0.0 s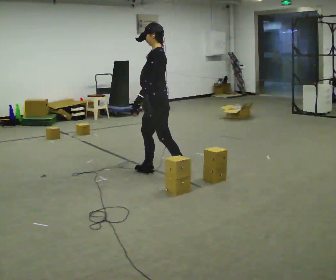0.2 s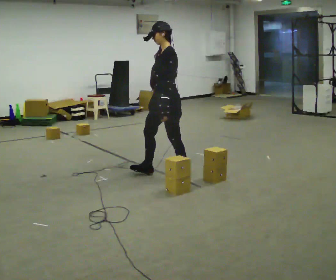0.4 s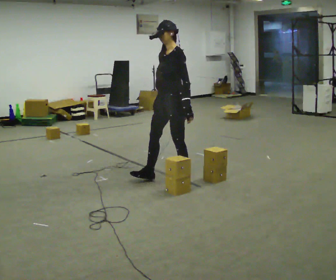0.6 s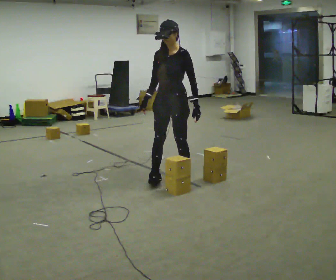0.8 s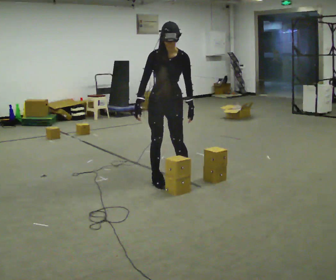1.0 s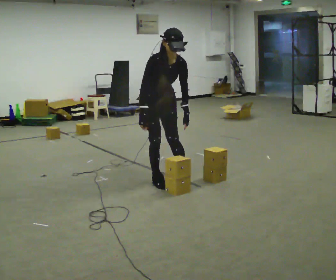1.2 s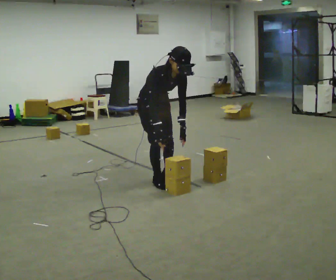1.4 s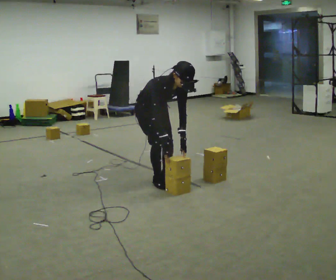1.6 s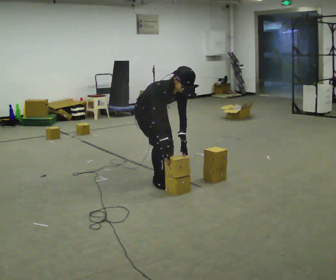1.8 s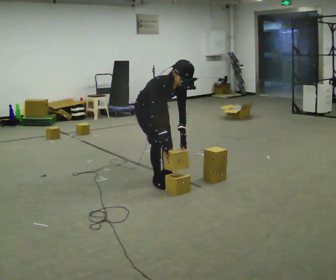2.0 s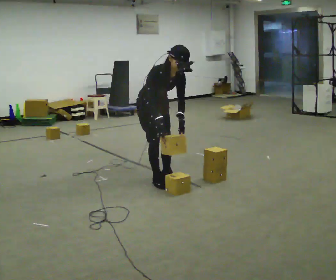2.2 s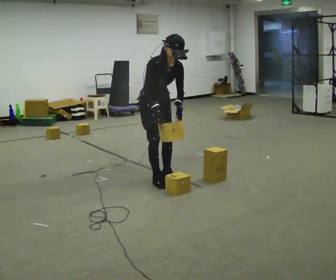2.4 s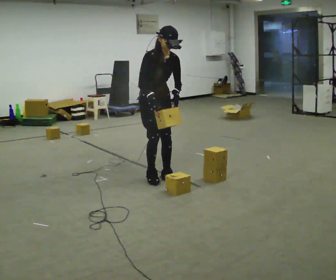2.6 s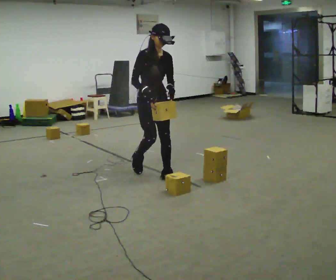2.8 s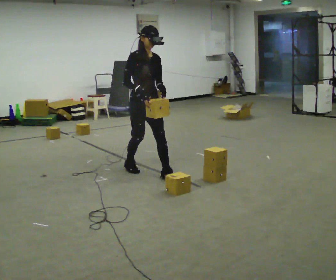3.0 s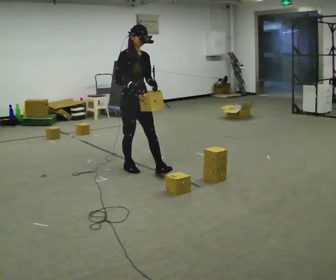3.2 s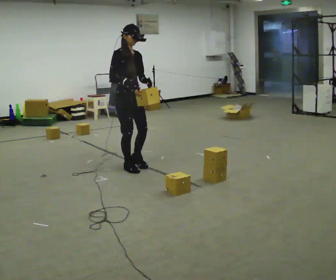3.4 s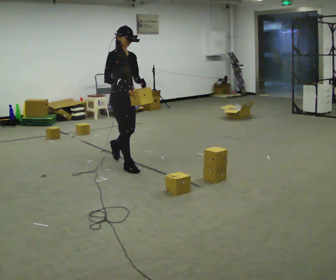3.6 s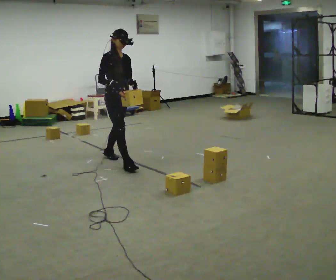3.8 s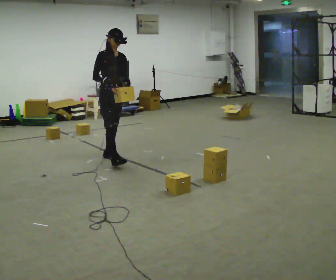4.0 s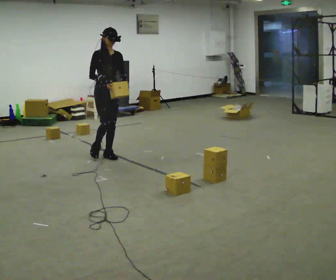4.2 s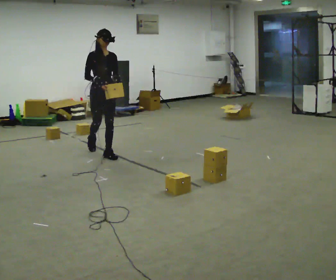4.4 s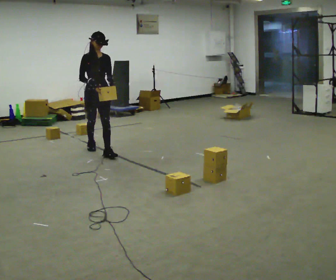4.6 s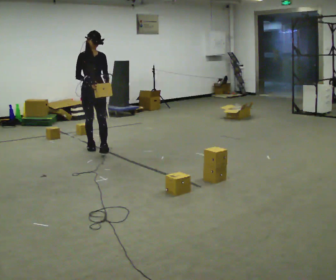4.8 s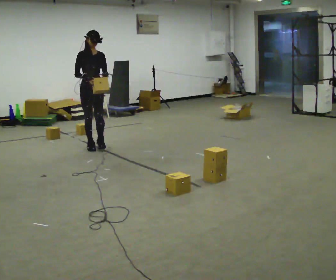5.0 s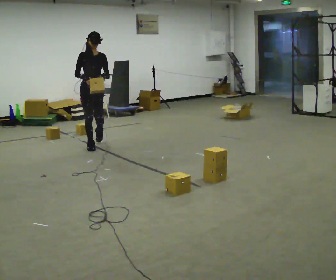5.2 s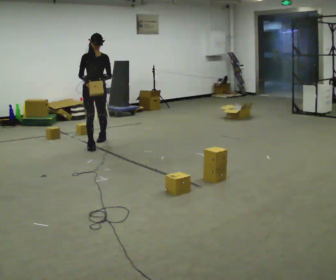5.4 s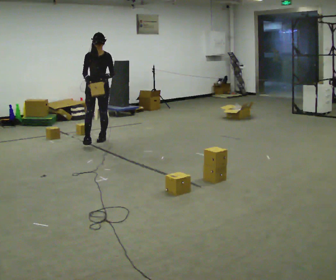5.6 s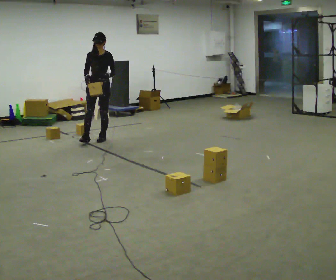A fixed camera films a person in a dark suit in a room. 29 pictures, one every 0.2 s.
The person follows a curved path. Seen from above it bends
clockwise.
0.0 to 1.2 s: The part of the body nearest the lens slides to the right as the person turns to their left by about 120 degrees. The upper body goes downward. The upper body tips toward the camera, its near side rolling downward, as they bend forward. In the picture their left hand goes to the right.
1.2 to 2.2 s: The person moves a little, or ends about where they began.
2.2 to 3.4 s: The part of the body nearest the lens slides to the right as the person turns to their left by about 30 degrees. In the picture they go to the left and away from the camera, about 0.5 m in 2 steps, which for them is backward. The upper body tips away from the camera, its near side rolling upward, as they lean back or straighten.
3.4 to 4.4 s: The person turns about 30 degrees to their right, clockwise seen from above, so the part of the body nearest the lens slides to the left. In the picture they go away from the camera and to the left, about 1 m in 1 step, which for them is backward.
4.4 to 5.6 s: The person turns about 30 degrees to their right, clockwise seen from above, so the part of the body nearest the lens slides to the left. In the picture they go away from the camera, about 0.75 m in 2 steps, which for them is backward.
The film runs backward here.
